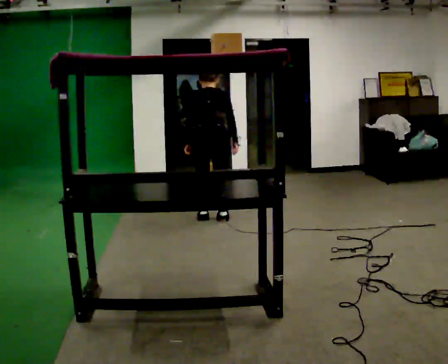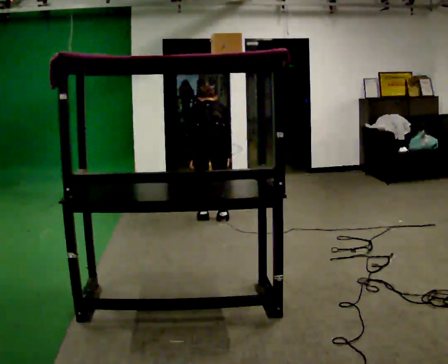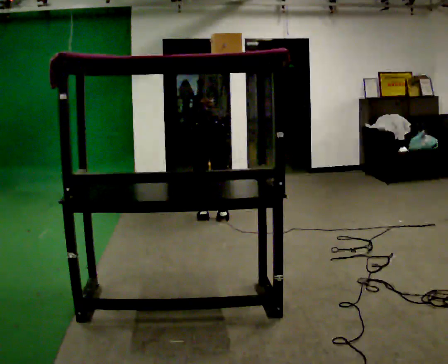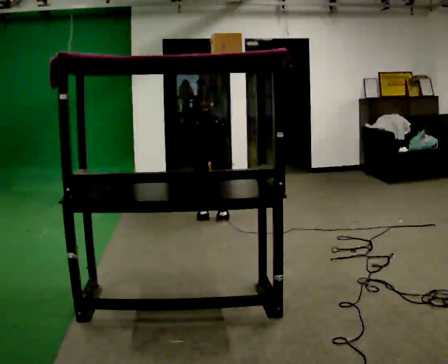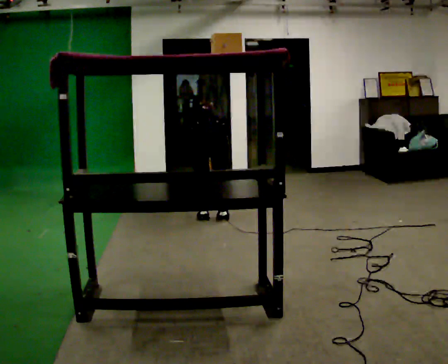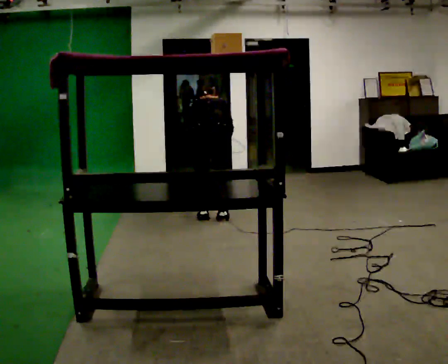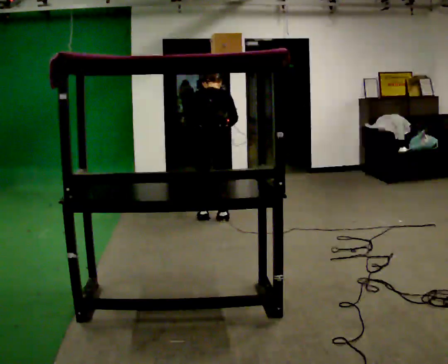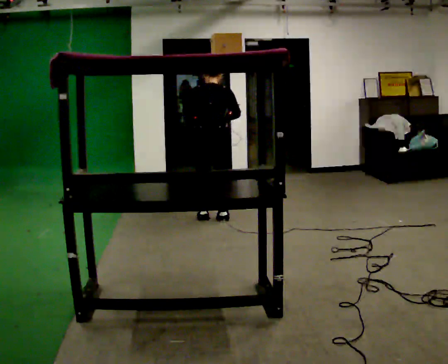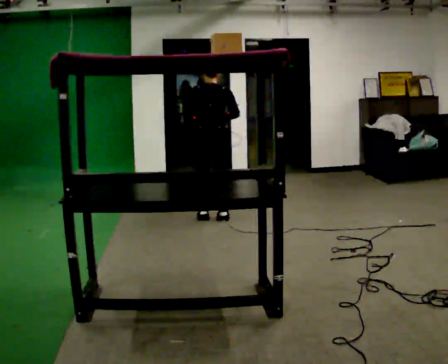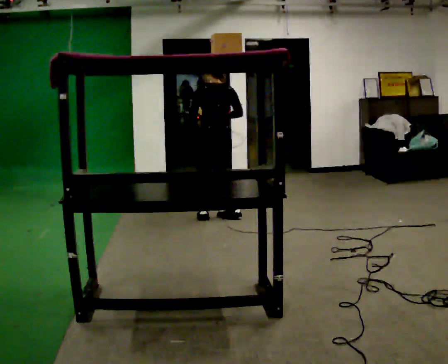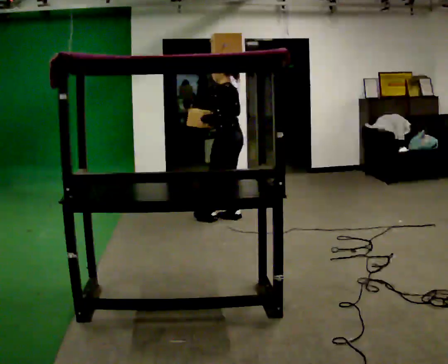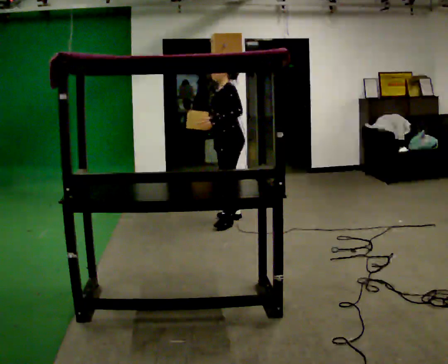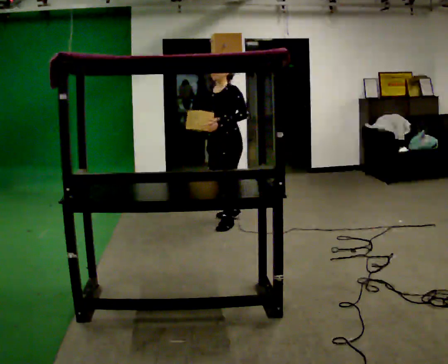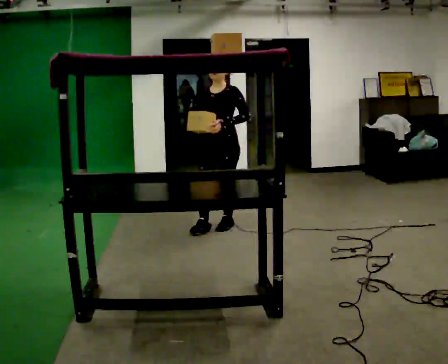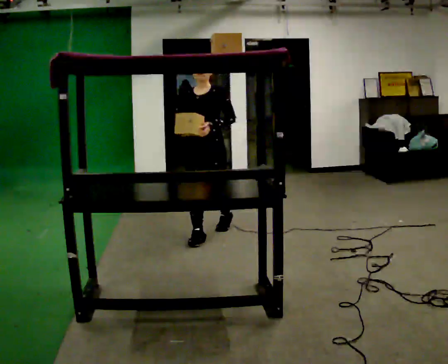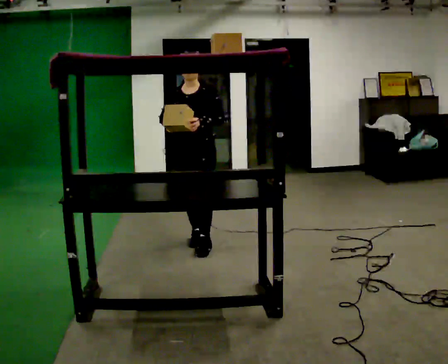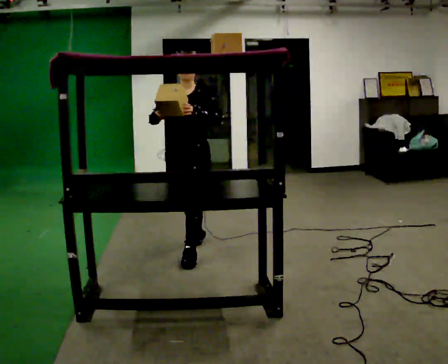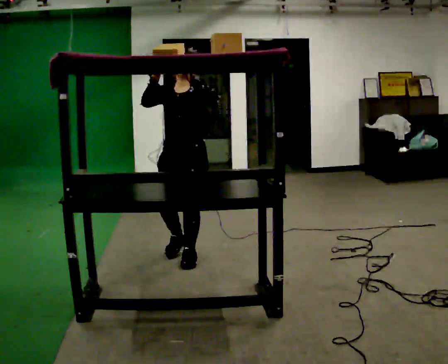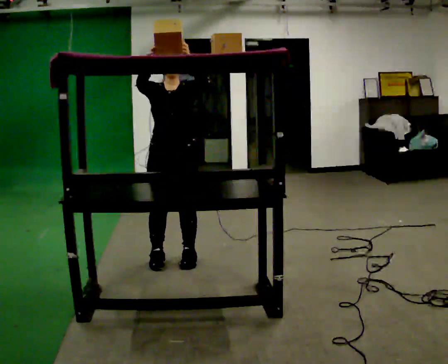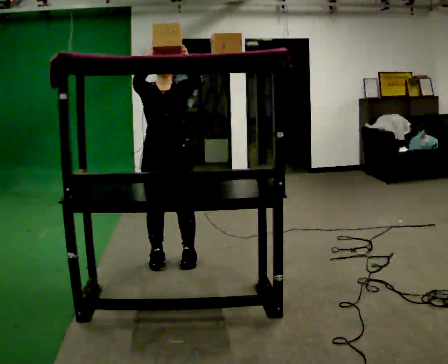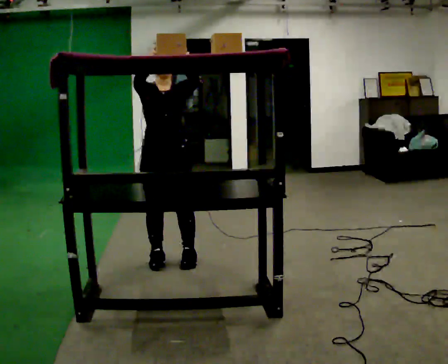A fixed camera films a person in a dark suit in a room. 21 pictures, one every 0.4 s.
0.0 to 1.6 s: The shoulders move downward. The upper body tips away from the camera, its near side rolling upward, as they bend forward.
1.6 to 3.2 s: The upper body goes upward. The upper body tips toward the camera, its near side rolling downward, as they lean back or straighten. In the picture their right hand goes upward.
3.2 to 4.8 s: Seen from above the body turns counterclockwise, about 135 degrees: to their left, with its near side sliding to the right. In the picture they go toward the camera and to the right, about 0.25 m in 2 steps. In the picture their left hand goes to the right.
4.8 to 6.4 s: Seen from above the body turns counterclockwise, about 30 degrees: to their left, with its near side sliding to the right. In the picture they go toward the camera, about 1 m in 2 steps, which for them is forward.
6.4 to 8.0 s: The person turns about 30 degrees to their left, counterclockwise seen from above, so the part of the body nearest the lens slides to the right. In the picture they go toward the camera, about 0.25 m in 1 step, which for them is forward and to their right. In the picture their right hand goes upward.
The film runs forward here.
